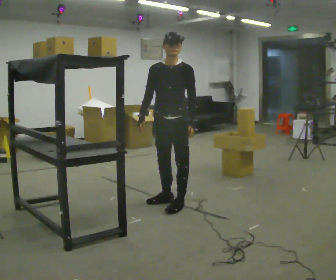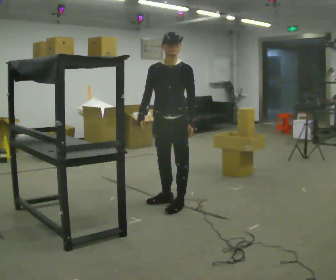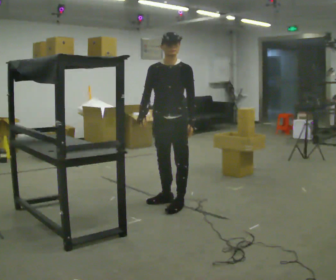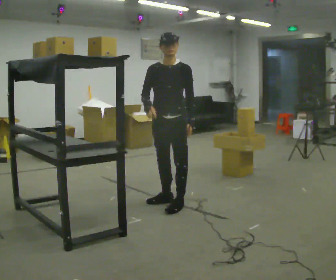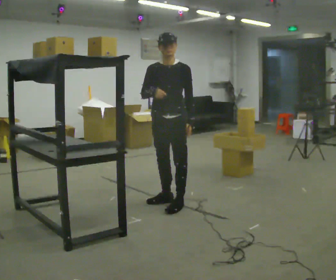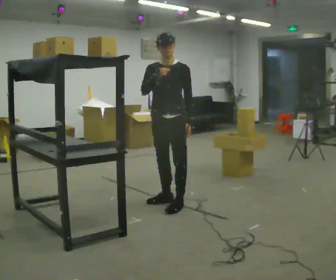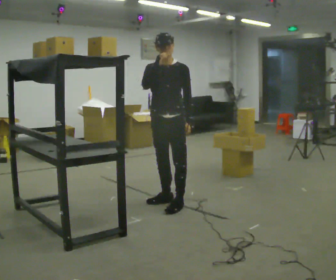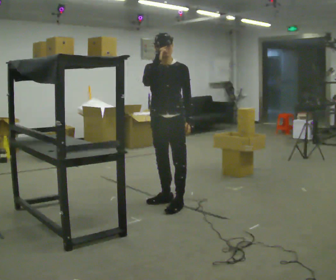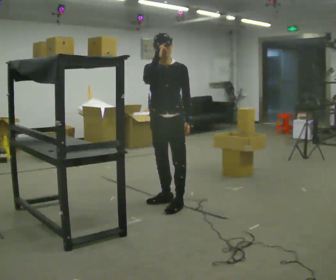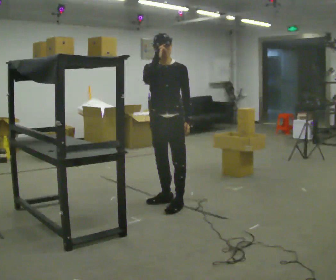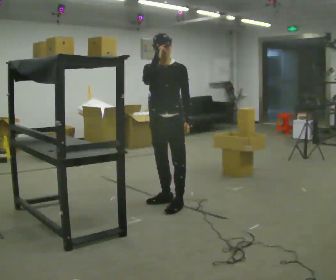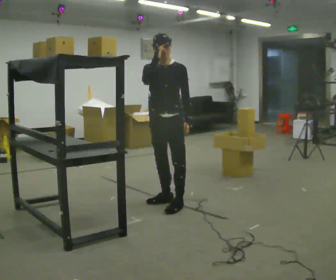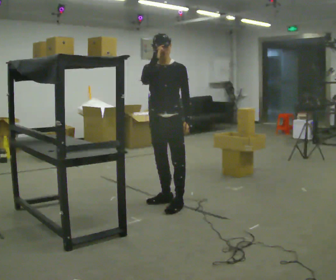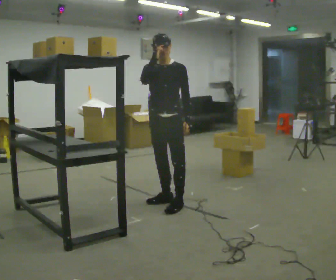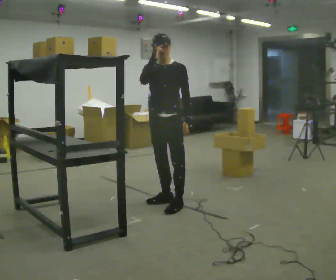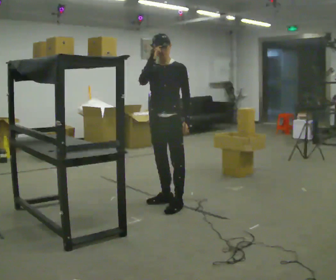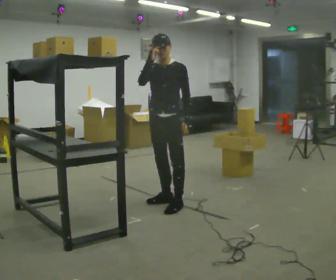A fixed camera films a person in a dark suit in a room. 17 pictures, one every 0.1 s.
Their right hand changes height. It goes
upward.
0.0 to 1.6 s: In the picture their right hand goes upward.
The film runs backward here.
